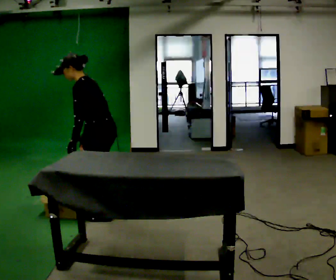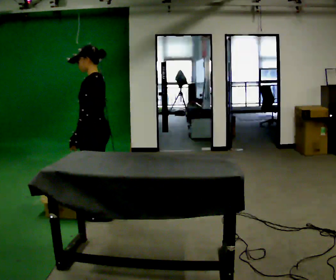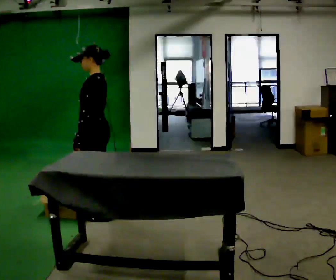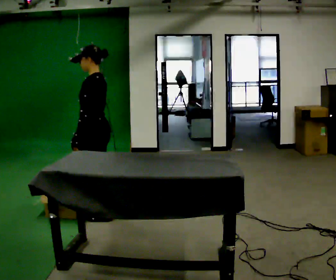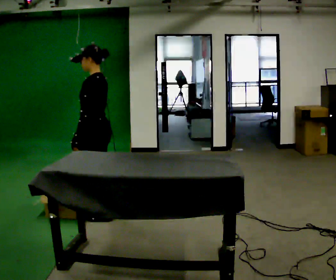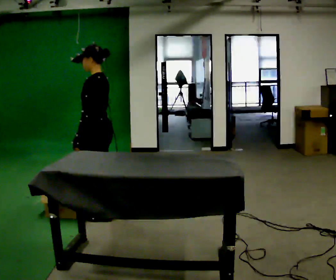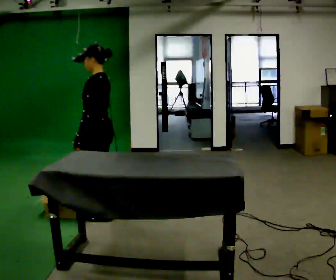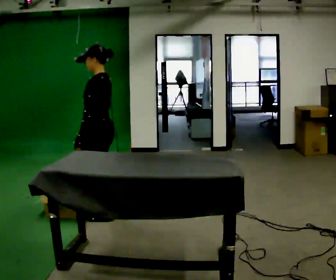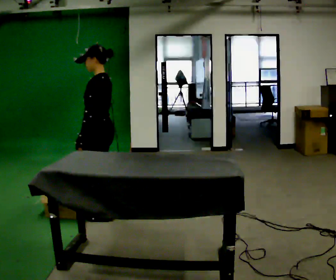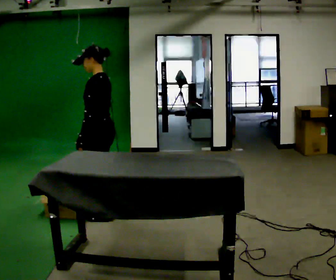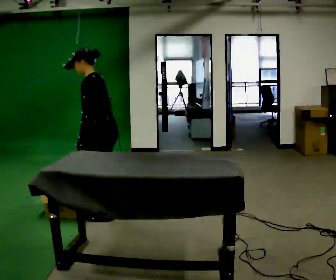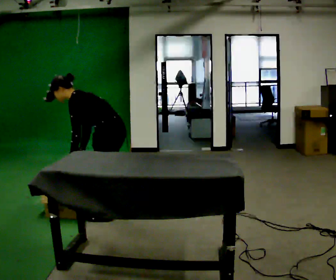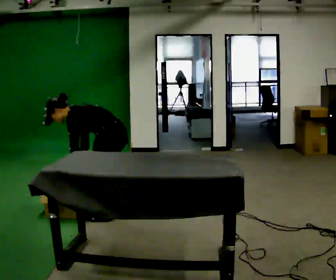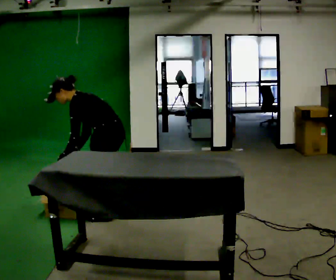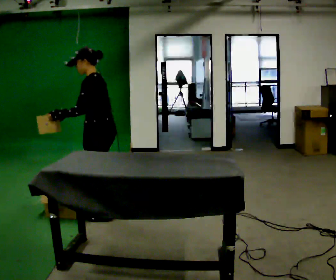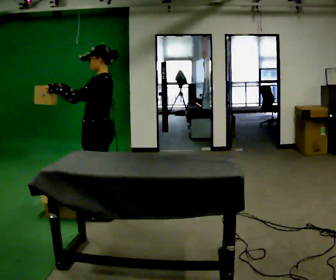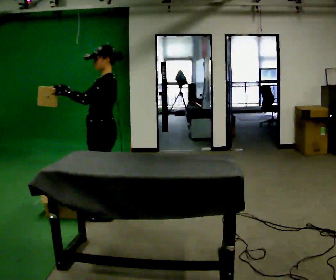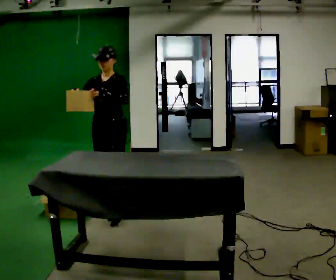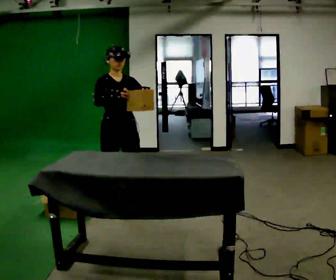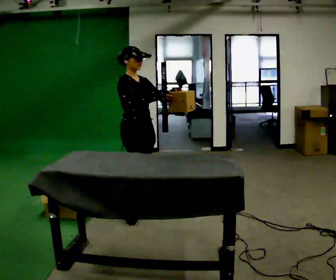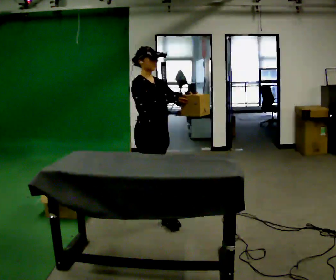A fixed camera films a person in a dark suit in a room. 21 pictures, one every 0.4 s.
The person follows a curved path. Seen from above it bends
clockwise.
The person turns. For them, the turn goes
to their left.
0.0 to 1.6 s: In the picture the upper body tilts clockwise, shoulders to the right, as they lean back or straighten.
1.6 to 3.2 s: The person moves a little, or ends about where they began.
3.2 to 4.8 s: The shoulders move downward. In the picture the upper body tilts counterclockwise, shoulders to the left, as they bend forward. In the picture their right hand goes downward.
4.8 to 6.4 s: The shoulders move upward. In the picture the upper body tilts clockwise, shoulders to the right, as they lean back or straighten. In the picture their right hand goes upward, the arm swinging clockwise.
6.4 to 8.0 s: The part of the body nearest the lens slides to the right as the person turns to their left by about 120 degrees. In the picture they go to the right, about 0.5 m in 2 steps.
The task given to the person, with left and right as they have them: Take objects out of the bin one at a time and lay them out on the table, stepping between the bin and the table each time. Keep going until the operator says stop; one object at a time, and do not rush between trips.
The film runs forward here.
